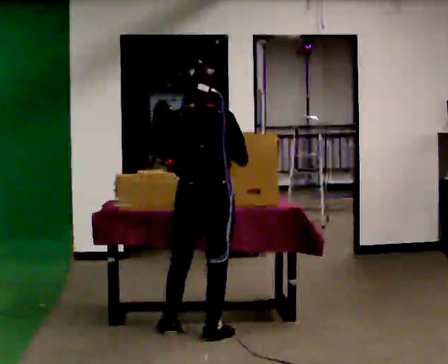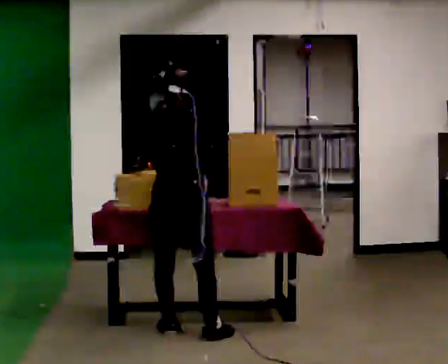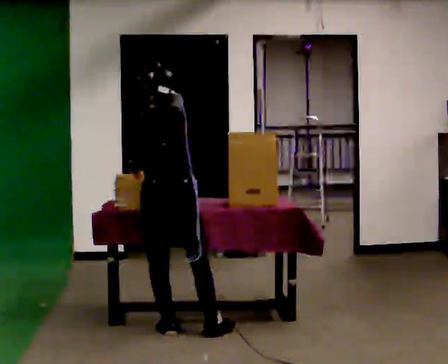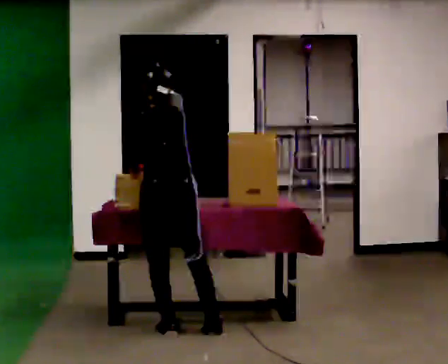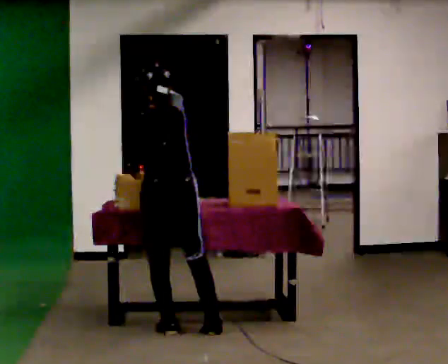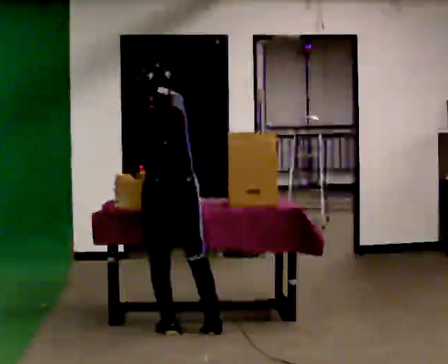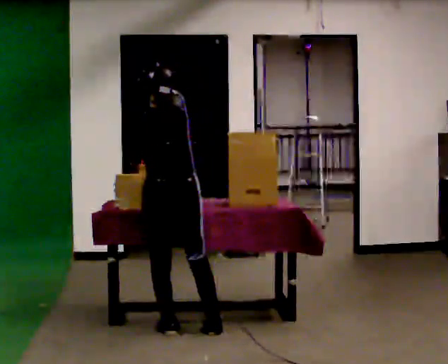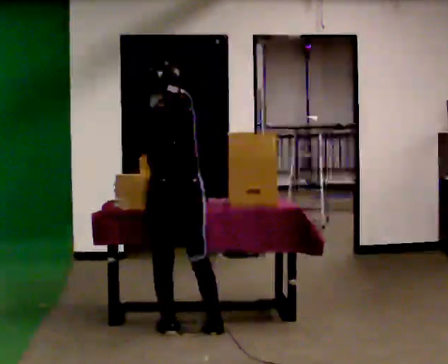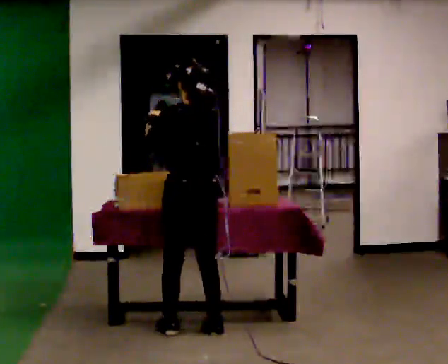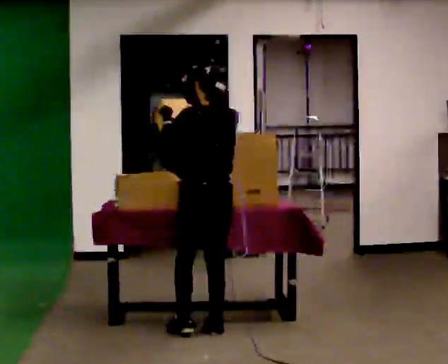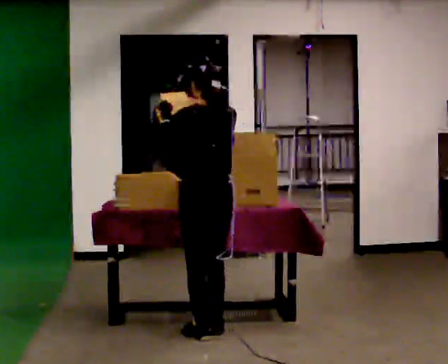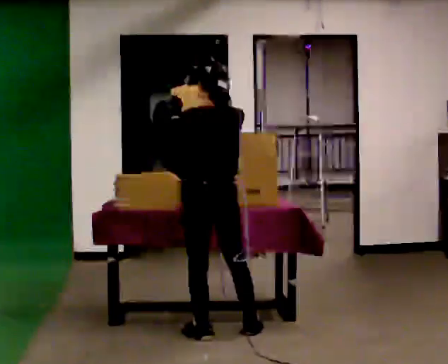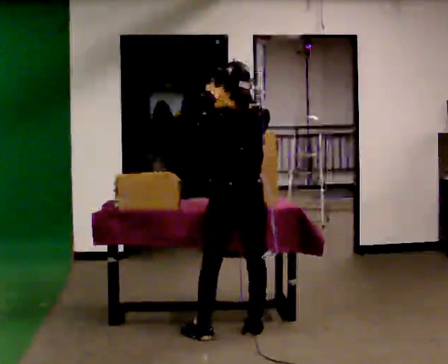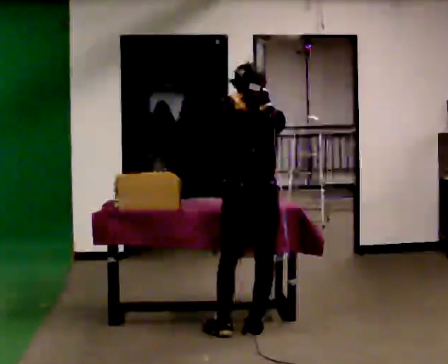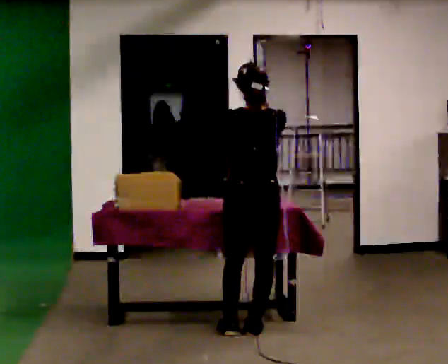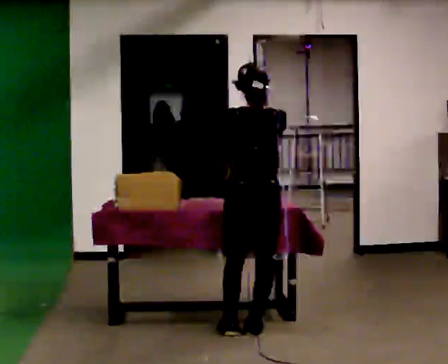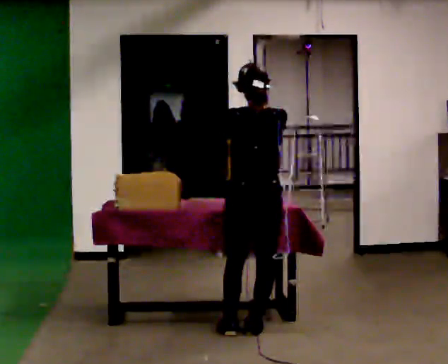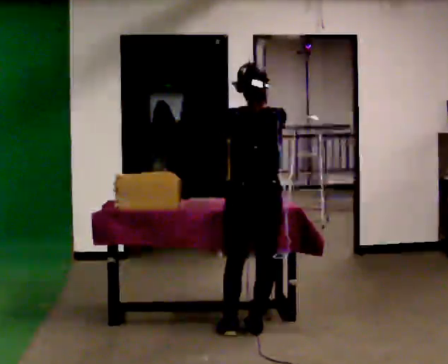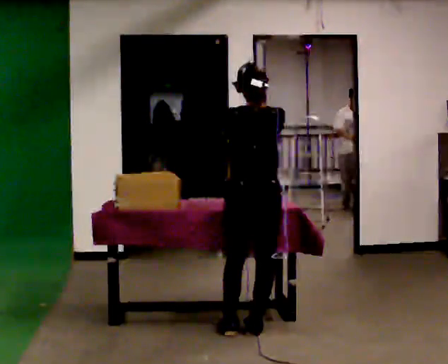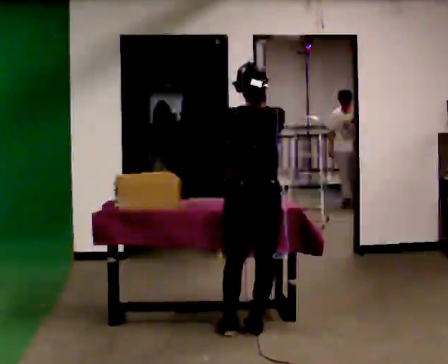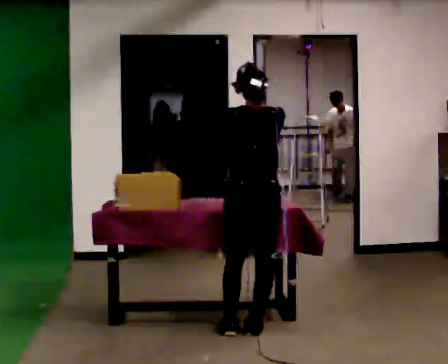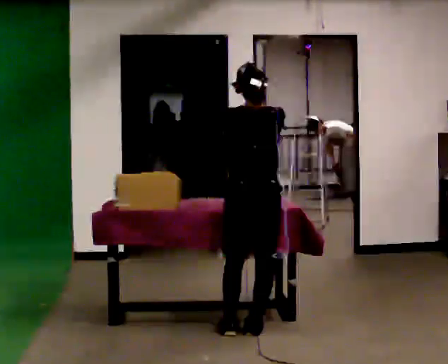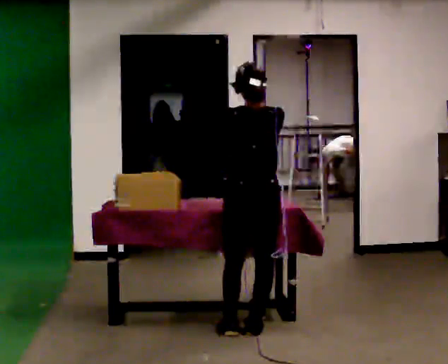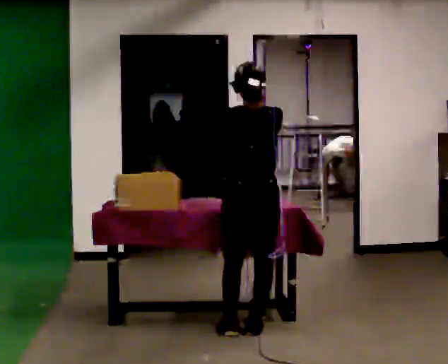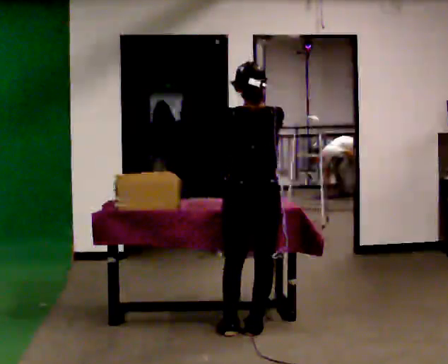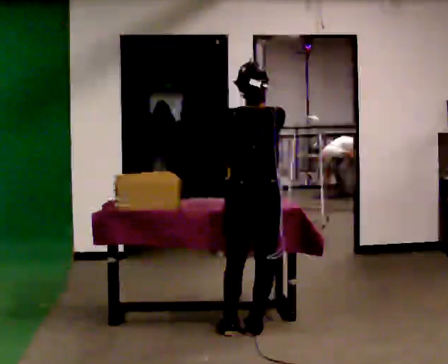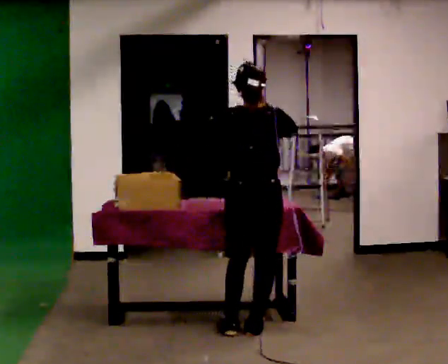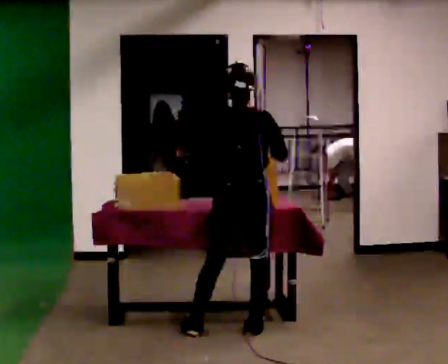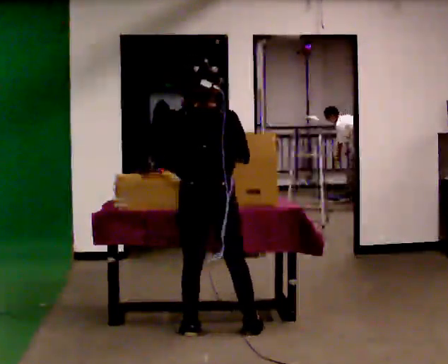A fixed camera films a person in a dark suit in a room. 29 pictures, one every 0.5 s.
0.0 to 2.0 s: In the picture they go to the left, about 0.25 m, which for them is to their left. In the picture their right hand goes to the left.
2.0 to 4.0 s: The person moves a little, or ends about where they began.
4.0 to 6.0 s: In the picture they go to the right, about 0.25 m in 2 steps, which for them is to their right and backward.
6.0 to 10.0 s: The person moves a little, or ends about where they began.
10.0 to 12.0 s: The person keeps their place and pose.
12.0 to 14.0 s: In the picture they go to the left, about 0.25 m in 1 step, which for them is to their left.
The film runs backward here.
